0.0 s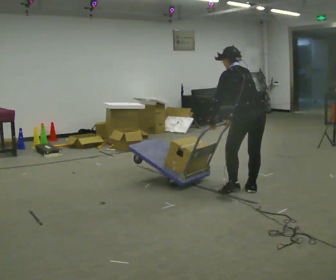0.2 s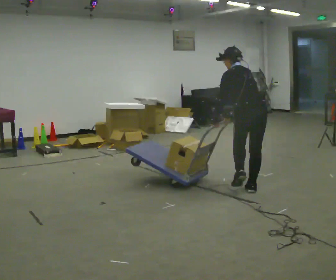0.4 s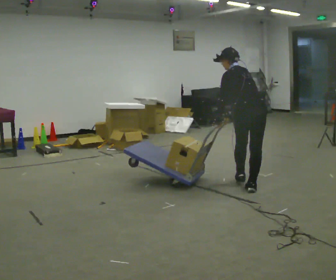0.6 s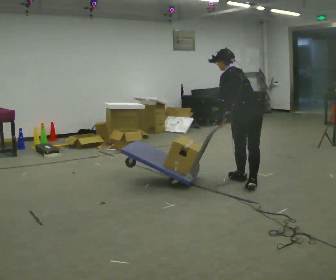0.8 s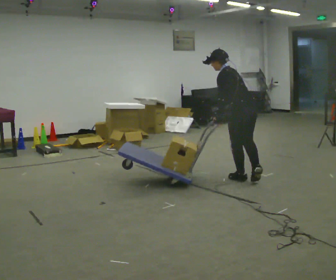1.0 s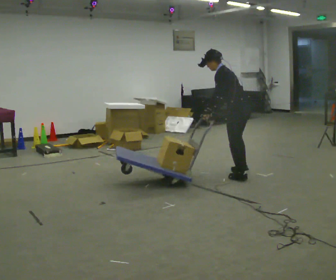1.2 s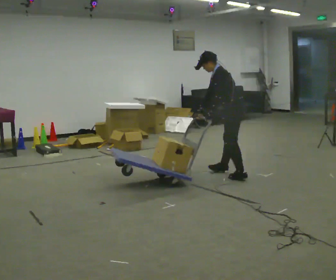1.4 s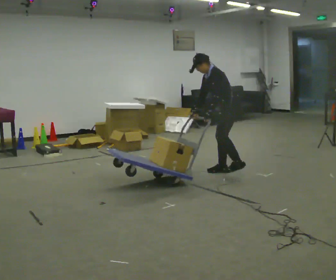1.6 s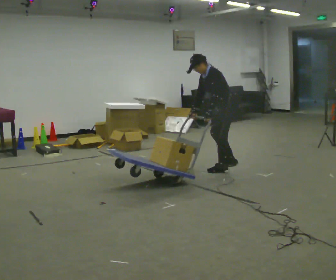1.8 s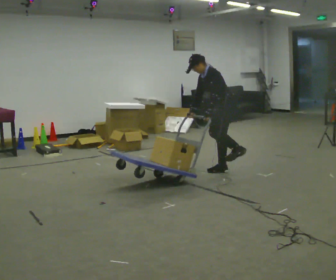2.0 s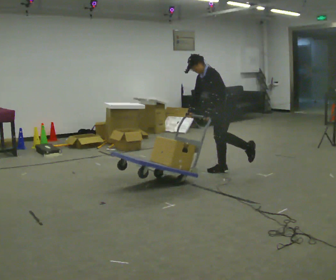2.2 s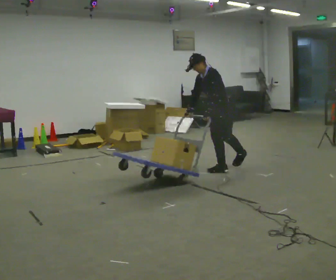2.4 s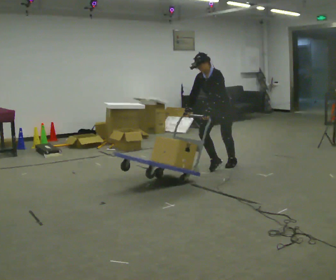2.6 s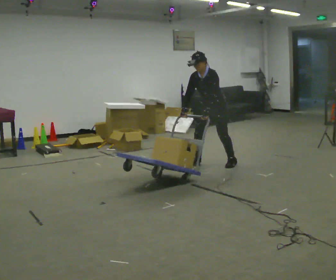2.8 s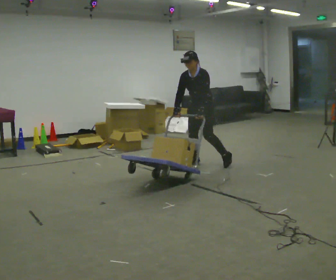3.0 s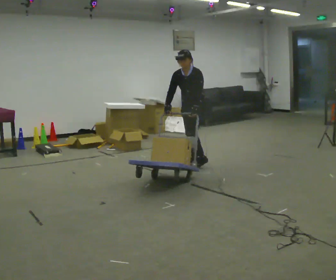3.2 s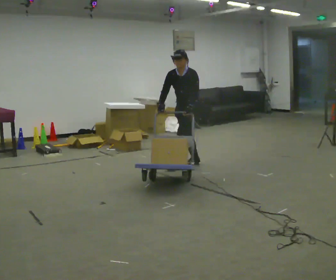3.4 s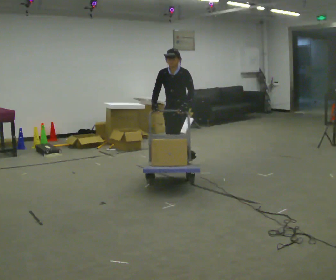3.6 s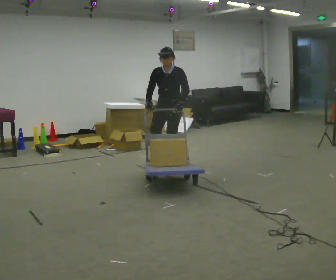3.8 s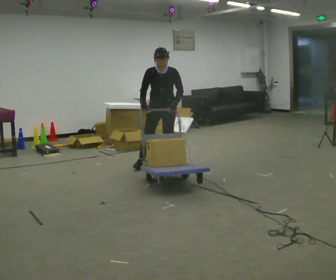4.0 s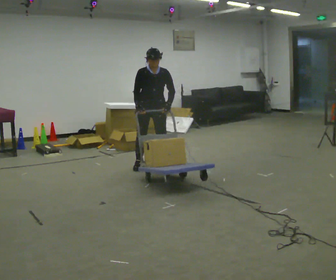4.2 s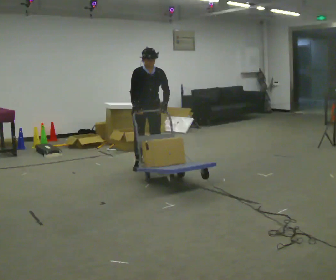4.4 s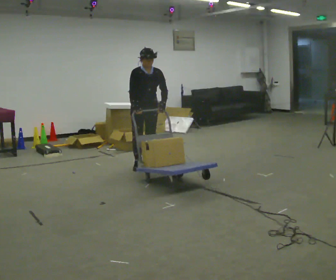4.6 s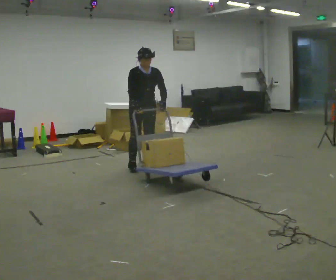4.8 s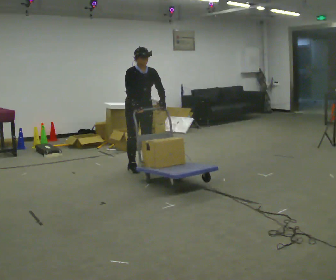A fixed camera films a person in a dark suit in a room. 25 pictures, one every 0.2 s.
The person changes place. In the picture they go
to the left.
Their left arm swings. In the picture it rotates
counterclockwise.
0.0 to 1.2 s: The person turns about 45 degrees to their left, counterclockwise seen from above, so the part of the body nearest the lens slides to the right. In the picture they go away from the camera, about 0.5 m in 2 steps. The upper body tips toward the camera, its near side rolling downward.
1.2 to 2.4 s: Seen from above the body turns counterclockwise, about 60 degrees: to their left, with its near side sliding to the right. In the picture they go away from the camera and to the left, about 0.5 m in 1 step. The upper body tips toward the camera, its near side rolling downward.
2.4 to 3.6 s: In the picture they go to the left, about 0.75 m in 2 steps, which for them is forward and to their right. In the picture the upper body tilts clockwise, shoulders to the right, as they lean back or straighten.
3.6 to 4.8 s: The person turns about 60 degrees to their left, counterclockwise seen from above, so the part of the body nearest the lens slides to the right. In the picture they go to the left, about 0.5 m in 3 steps, which for them is to their right.
The film runs forward here.
